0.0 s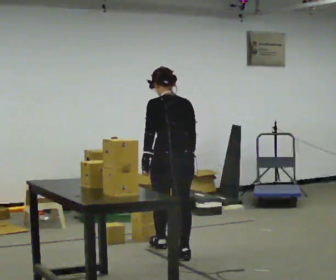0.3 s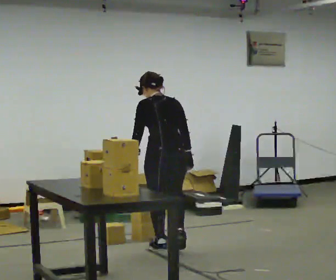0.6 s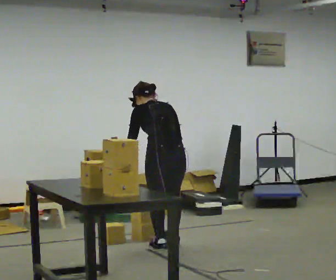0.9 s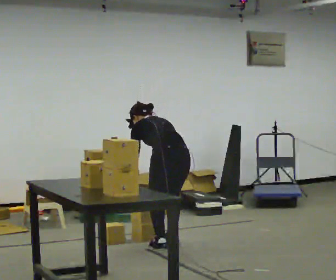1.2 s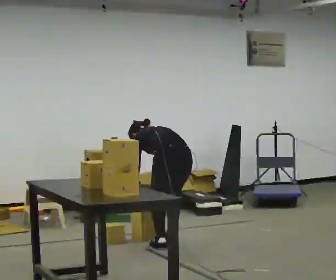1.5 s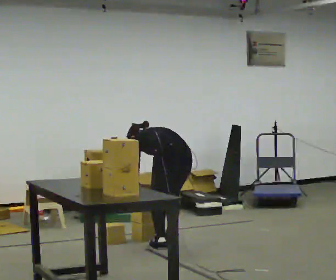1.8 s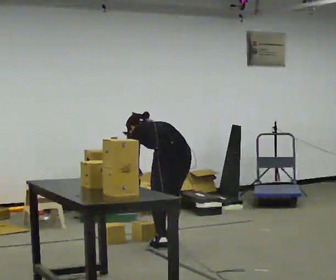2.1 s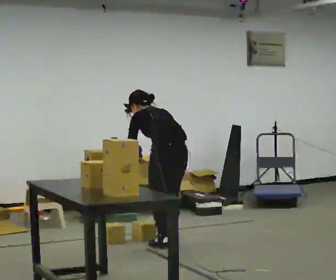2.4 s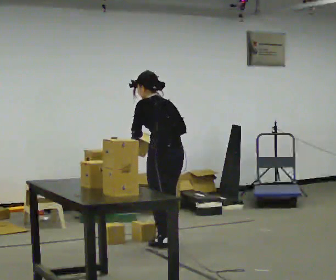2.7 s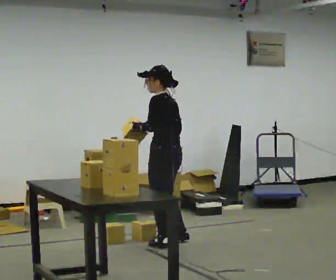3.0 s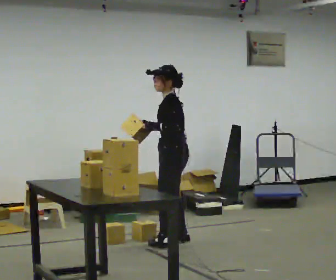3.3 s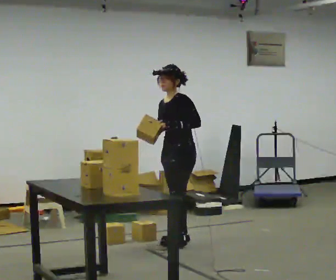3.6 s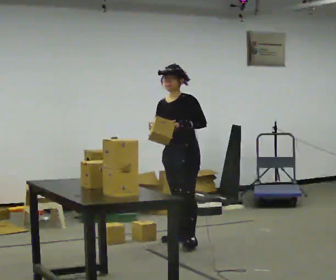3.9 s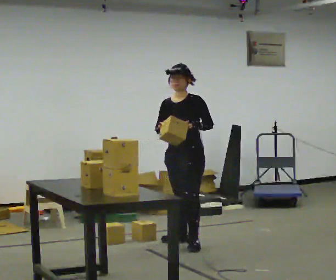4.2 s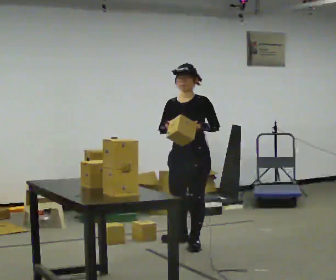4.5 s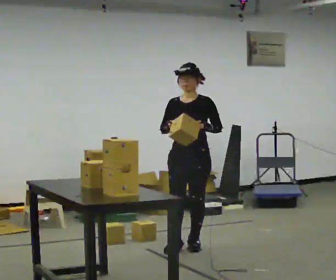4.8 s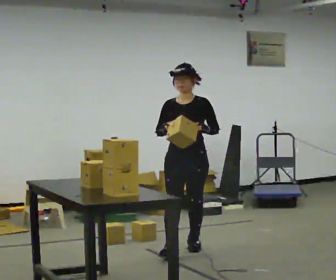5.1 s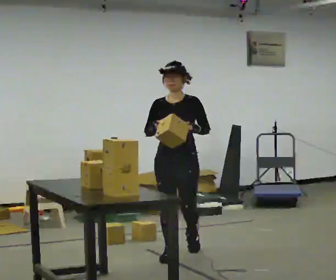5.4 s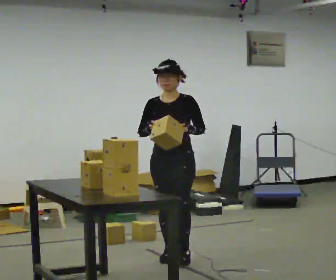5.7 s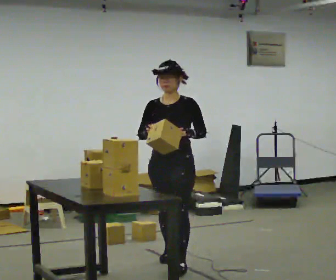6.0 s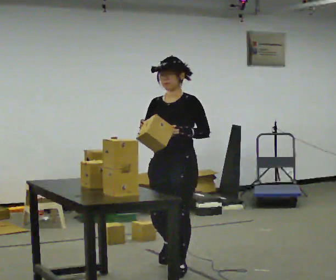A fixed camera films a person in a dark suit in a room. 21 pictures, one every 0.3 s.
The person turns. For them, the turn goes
to their left.
The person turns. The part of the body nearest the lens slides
to the right.
0.0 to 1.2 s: In the picture they go away from the camera, about 0.25 m in 1 step, which for them is forward. The shoulders move downward. The upper body tips away from the camera, its near side rolling upward, as they bend forward. In the picture their left hand goes downward.
1.2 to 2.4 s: The shoulders move upward. The upper body tips toward the camera, its near side rolling downward, as they lean back or straighten. In the picture their right hand goes upward.
2.4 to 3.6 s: The person turns about 90 degrees to their left, counterclockwise seen from above, so the part of the body nearest the lens slides to the right. In the picture they go away from the camera, about 0.25 m in 2 steps.
3.6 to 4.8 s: Seen from above the body turns counterclockwise, about 30 degrees: to their left, with its near side sliding to the right. In the picture they go toward the camera, about 0.5 m in 1 step, which for them is forward and to their left.
4.8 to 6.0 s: In the picture they go toward the camera, about 0.75 m in 1 step, which for them is forward.
The film runs forward here.
